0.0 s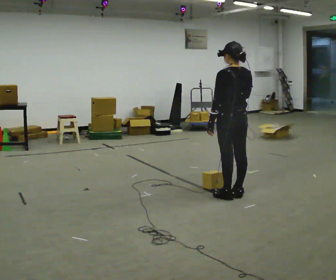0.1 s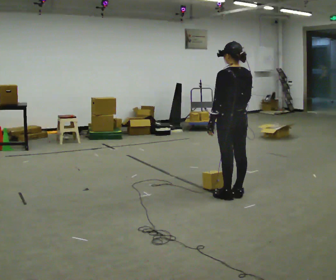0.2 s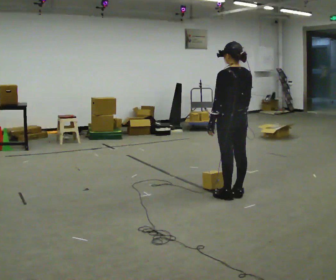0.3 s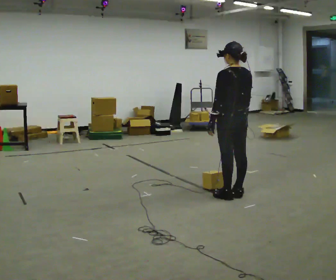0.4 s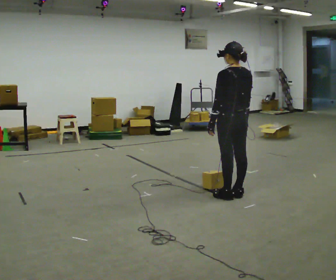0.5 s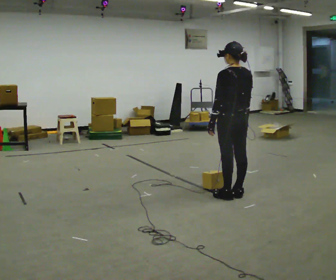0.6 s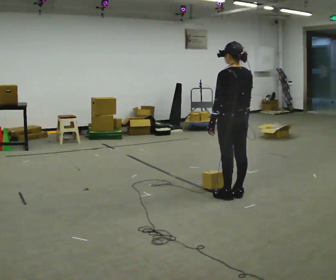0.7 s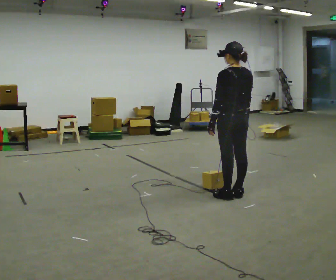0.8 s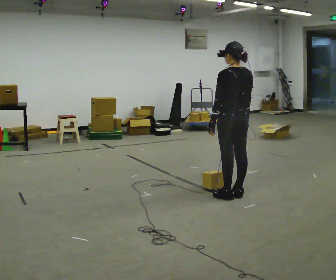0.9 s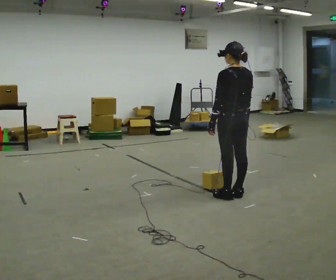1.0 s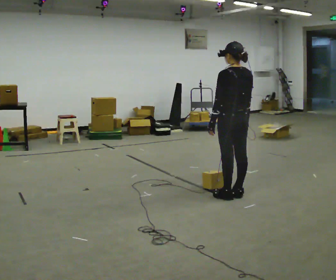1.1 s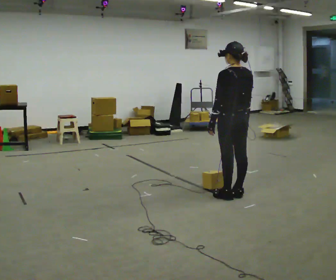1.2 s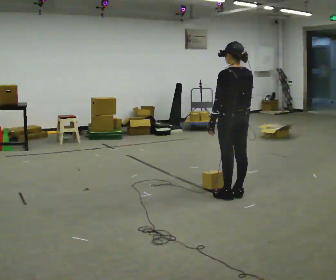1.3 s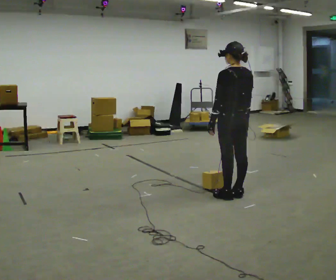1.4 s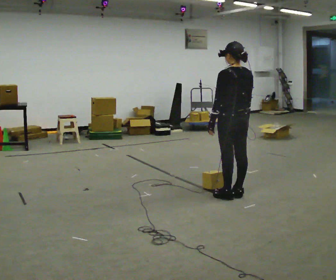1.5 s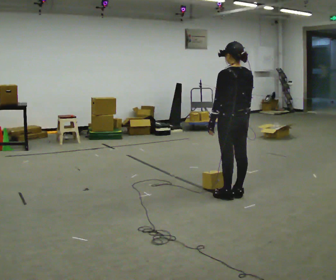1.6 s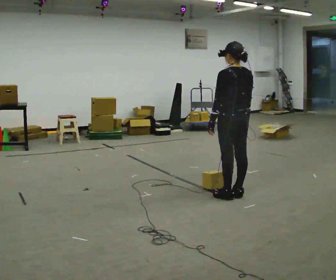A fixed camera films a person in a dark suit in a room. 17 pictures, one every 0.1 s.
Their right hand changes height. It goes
downward.
0.0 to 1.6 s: In the picture their right hand goes downward.
The film runs backward here.
